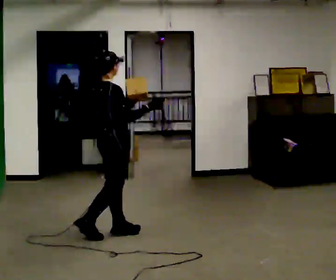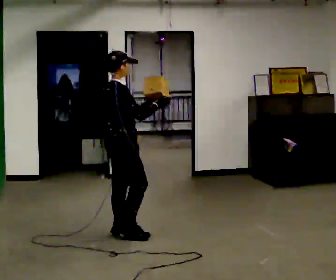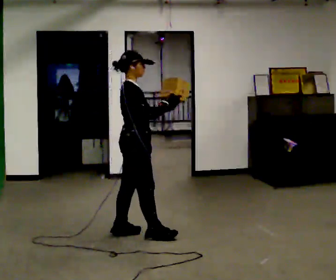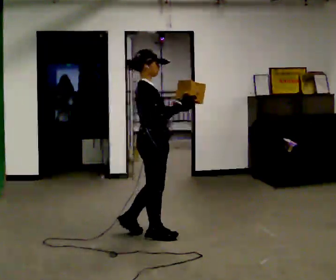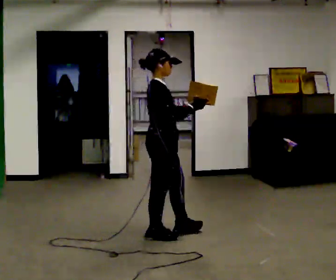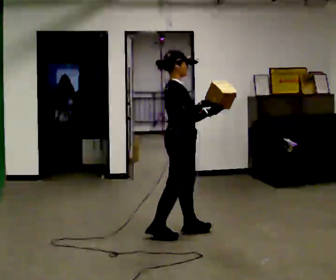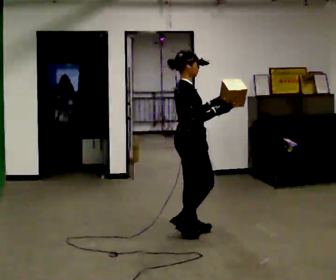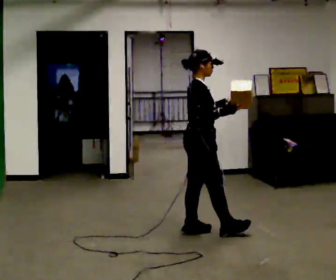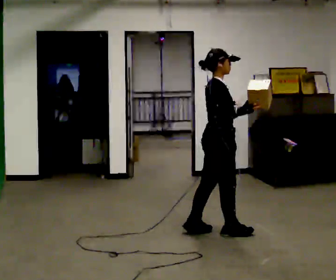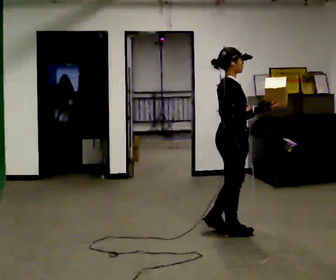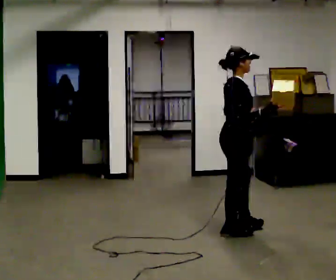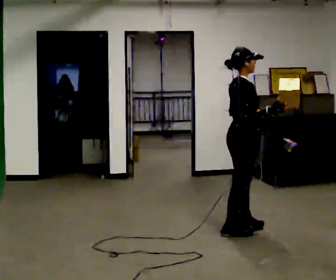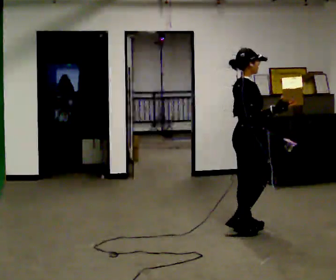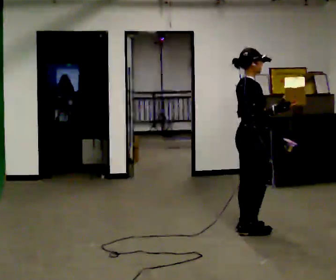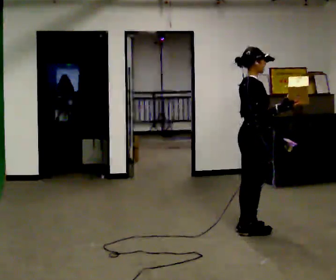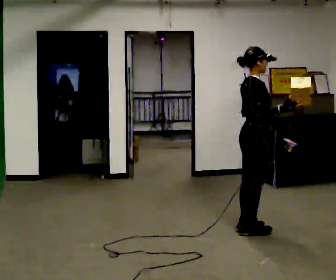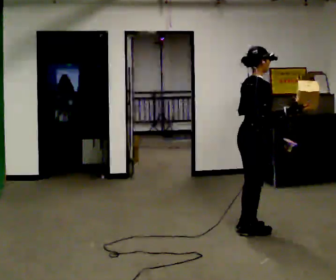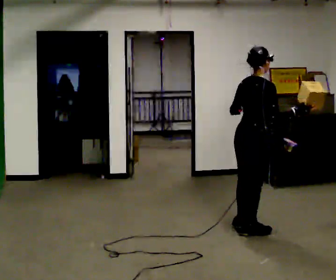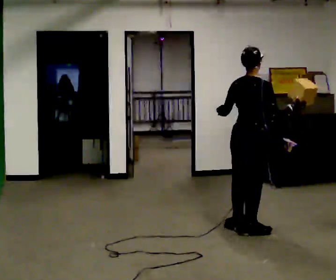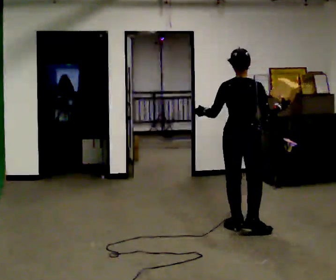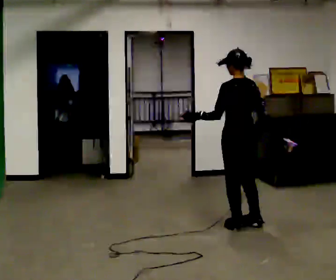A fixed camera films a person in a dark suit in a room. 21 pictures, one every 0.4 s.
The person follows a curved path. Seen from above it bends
counterclockwise.
The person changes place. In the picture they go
to the right.
0.0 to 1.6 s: In the picture they go to the right, about 0.5 m in 1 step, which for them is forward.
1.6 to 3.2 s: In the picture they go to the right and away from the camera, about 0.5 m in 2 steps, which for them is forward.
3.2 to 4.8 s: In the picture they go to the right and away from the camera, about 0.25 m in 1 step, which for them is forward.
4.8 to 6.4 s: The person moves a little, or ends about where they began.
6.4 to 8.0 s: Seen from above the body turns counterclockwise, about 105 degrees: to their left, with its near side sliding to the right. In the picture they go away from the camera, about 0.25 m. In the picture their left hand goes to the left.
The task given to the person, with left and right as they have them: Carry the object in one hand and, while walking, pass it to your other hand. Keep passing it back and forth as you walk.
The film runs forward here.
